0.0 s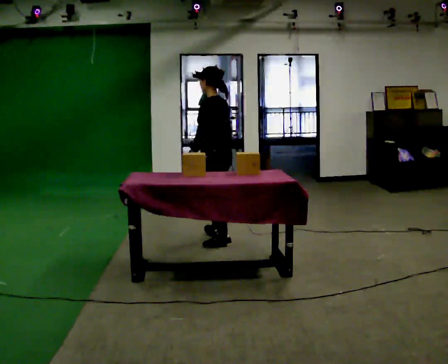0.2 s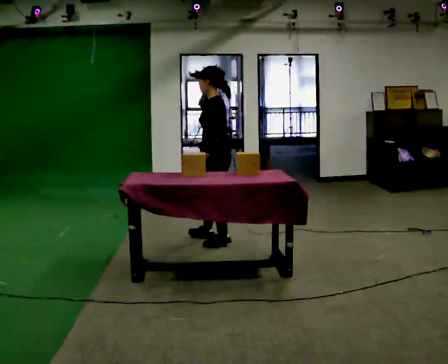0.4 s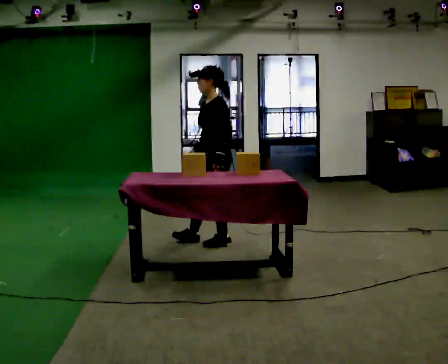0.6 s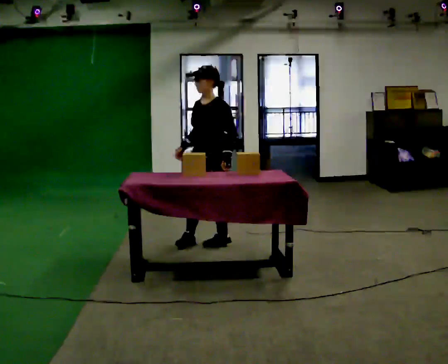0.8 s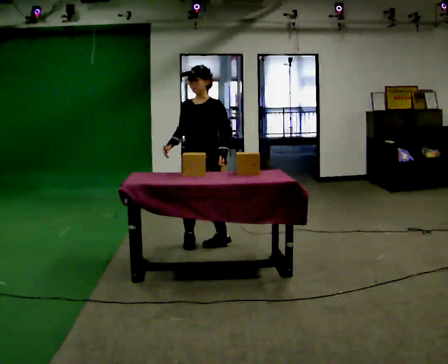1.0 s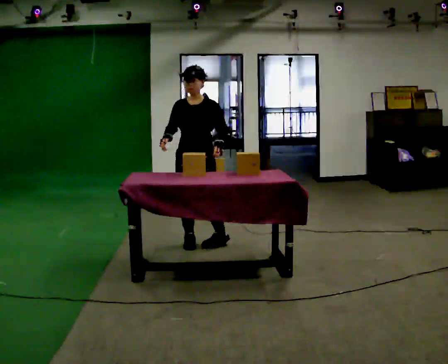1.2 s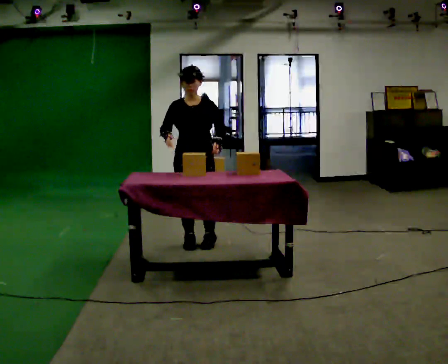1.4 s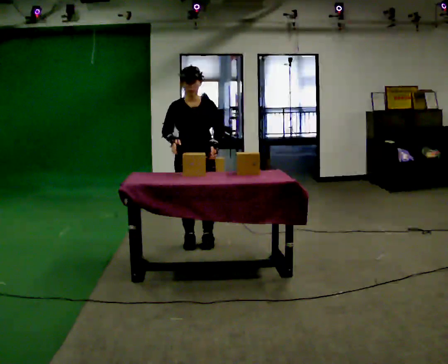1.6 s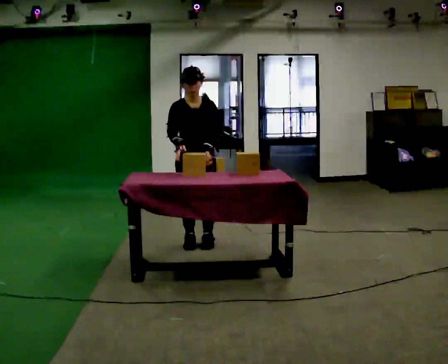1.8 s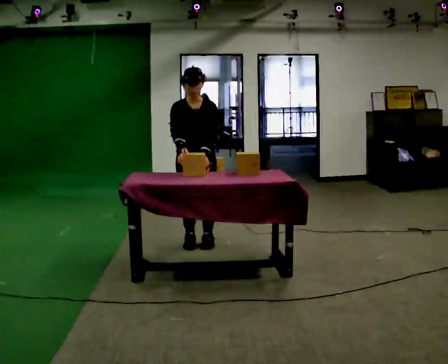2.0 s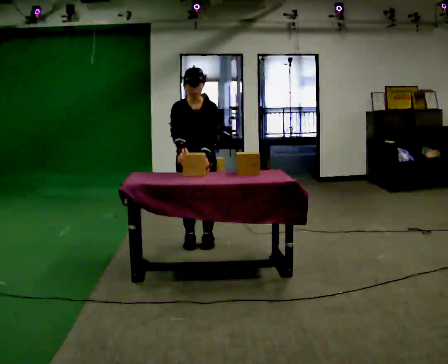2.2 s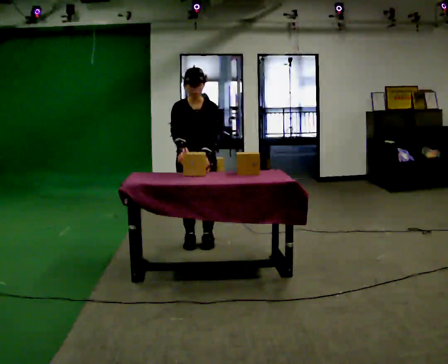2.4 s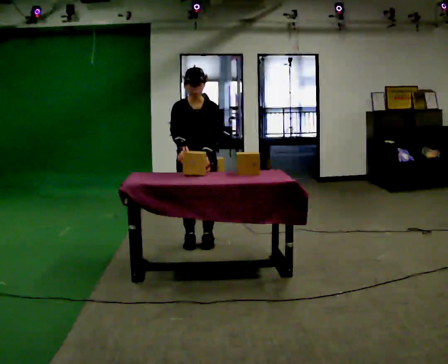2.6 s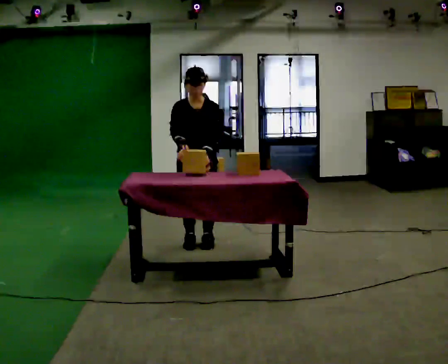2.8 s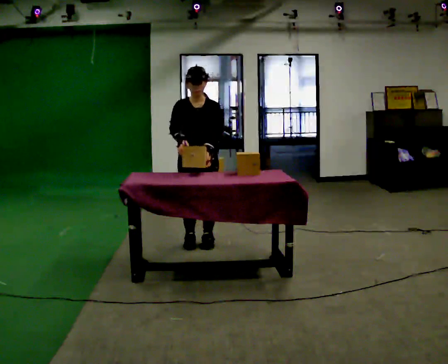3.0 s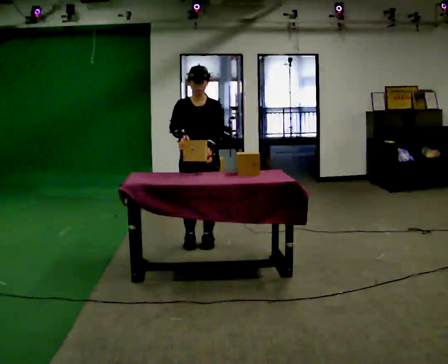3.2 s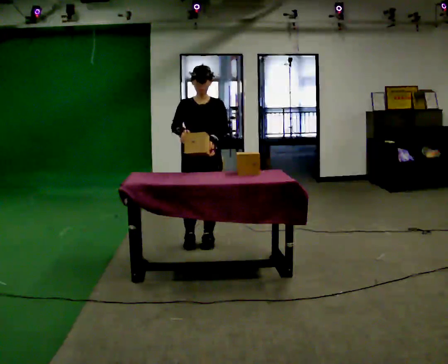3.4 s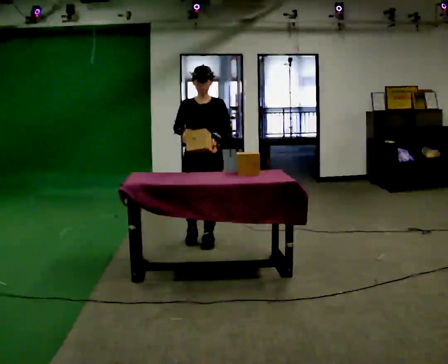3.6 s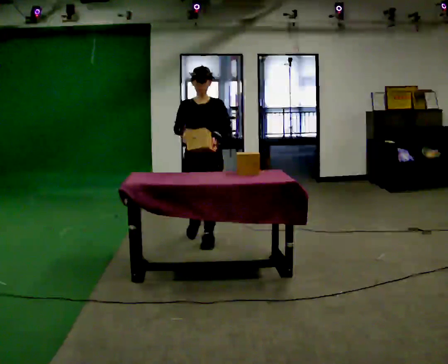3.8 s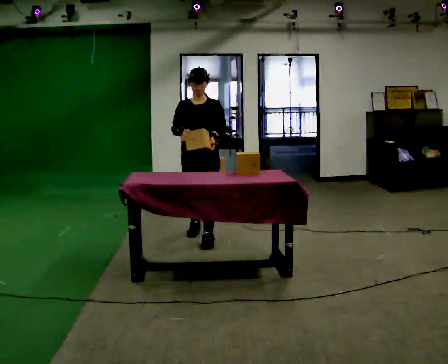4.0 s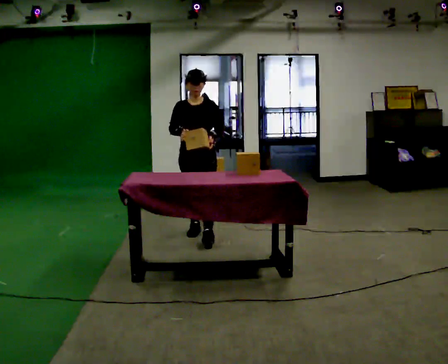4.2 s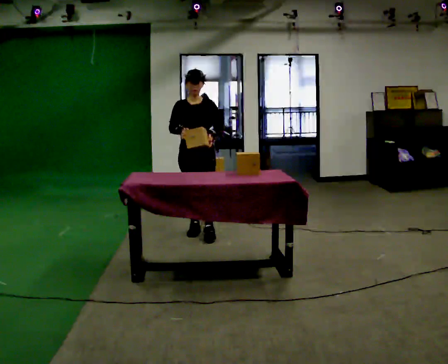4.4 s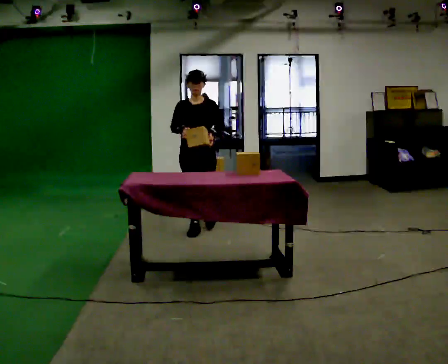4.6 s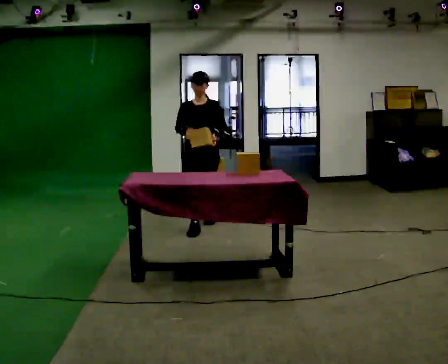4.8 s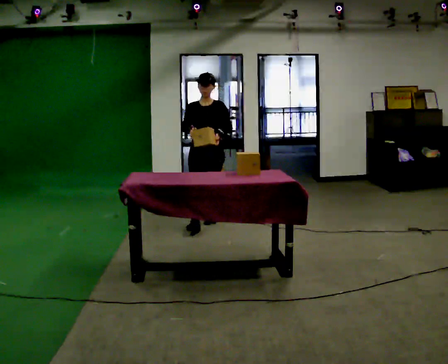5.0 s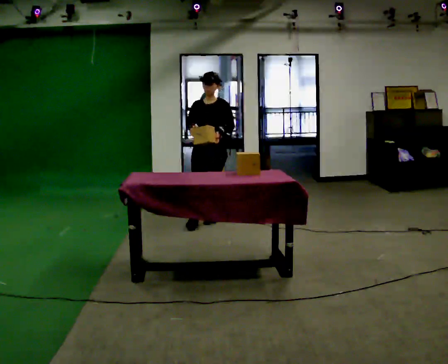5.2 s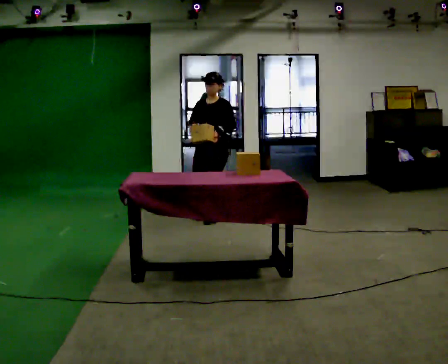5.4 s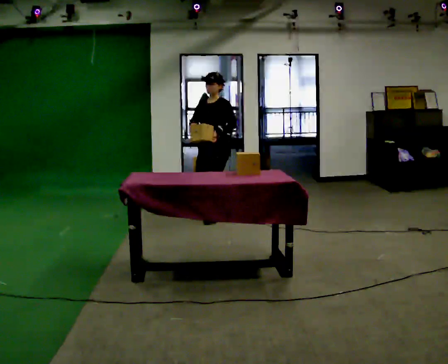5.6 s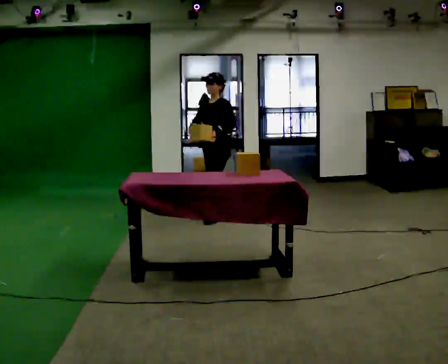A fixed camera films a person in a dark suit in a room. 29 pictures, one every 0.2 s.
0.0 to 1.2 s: The person turns about 105 degrees to their left, counterclockwise seen from above, so the part of the body nearest the lens slides to the right. In the picture they go to the left, about 0.25 m in 2 steps. In the picture their right hand goes to the left, the arm swinging clockwise.
1.2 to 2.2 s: The person moves a little, or ends about where they began.
2.2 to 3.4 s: The upper body tips away from the camera, its near side rolling upward, as they lean back or straighten.
3.4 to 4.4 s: In the picture they go away from the camera, about 0.5 m in 1 step, which for them is backward.
4.4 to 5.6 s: Seen from above the body turns clockwise, about 60 degrees: to their right, with its near side sliding to the left. In the picture they go away from the camera and to the right, about 0.5 m in 1 step.
The film runs backward here.
